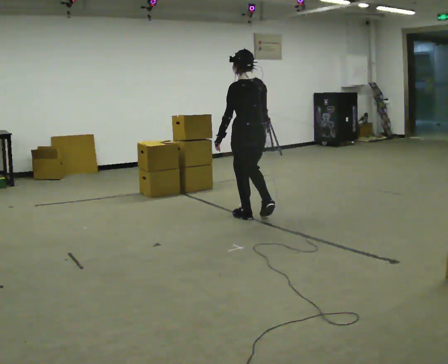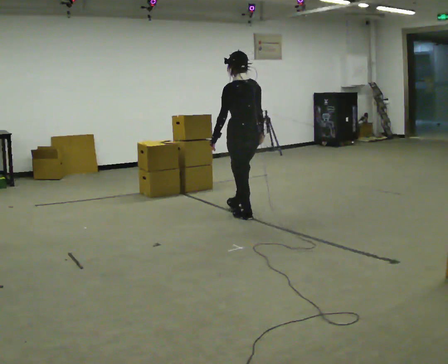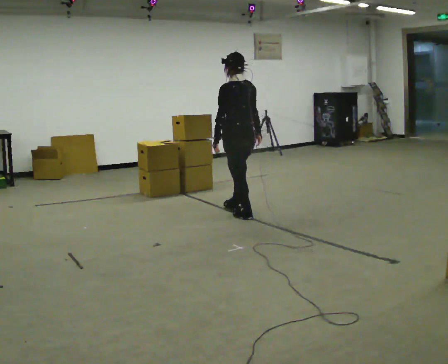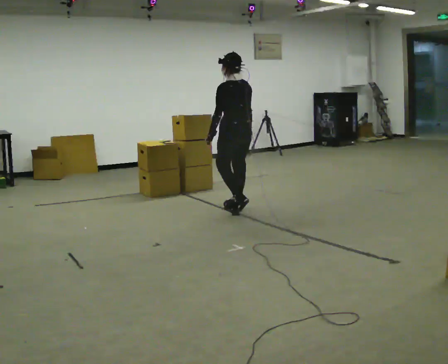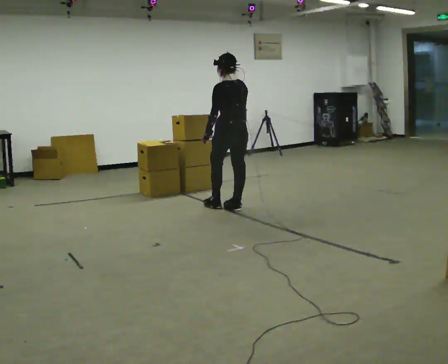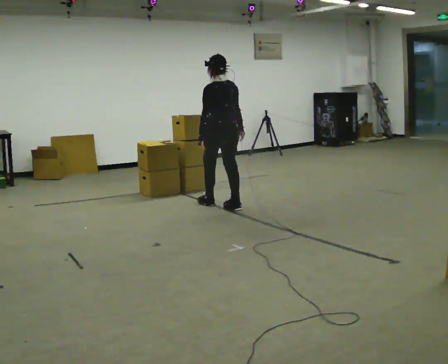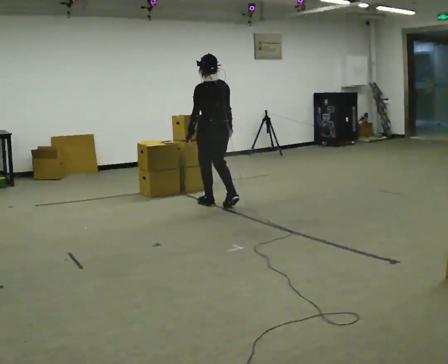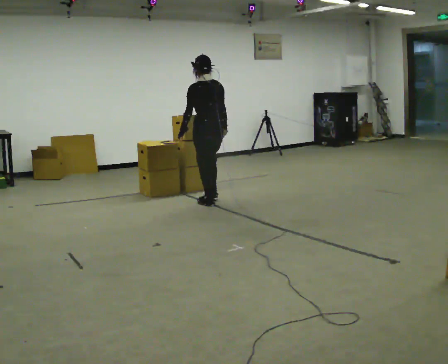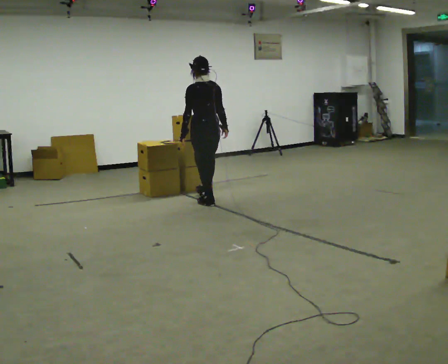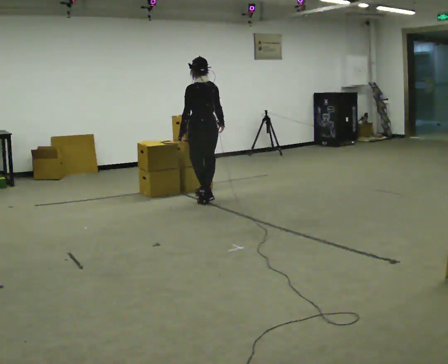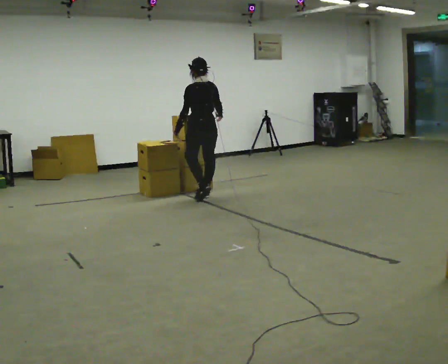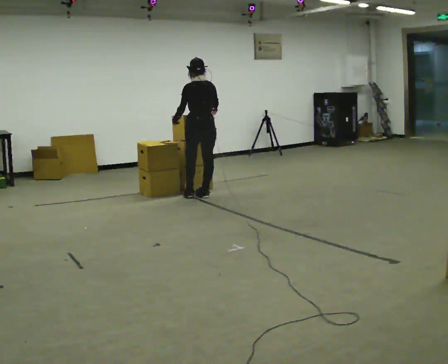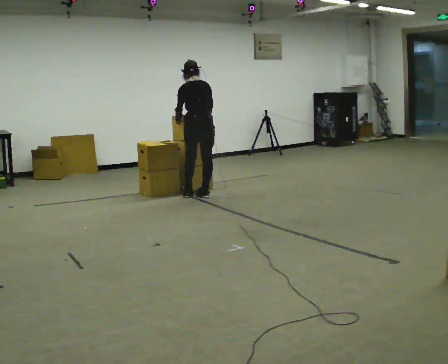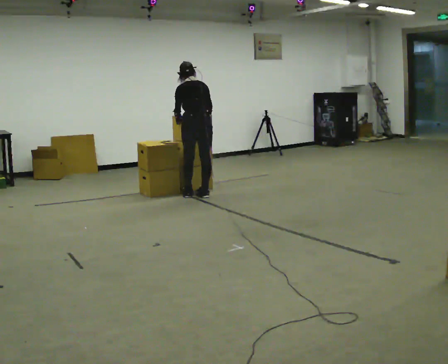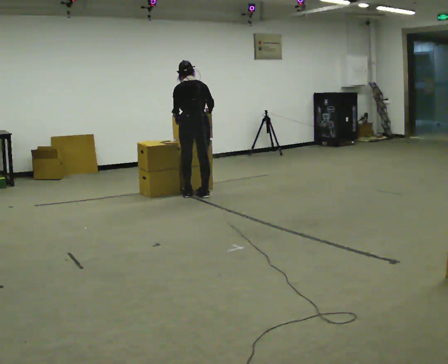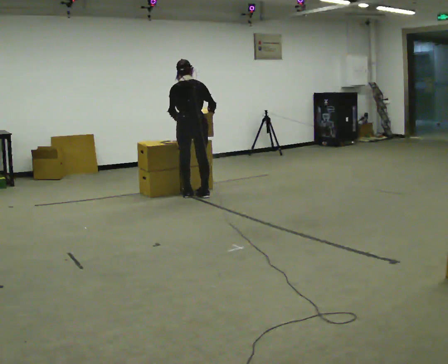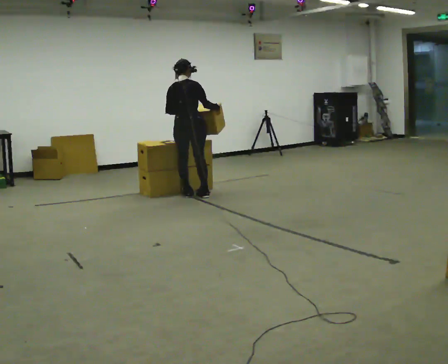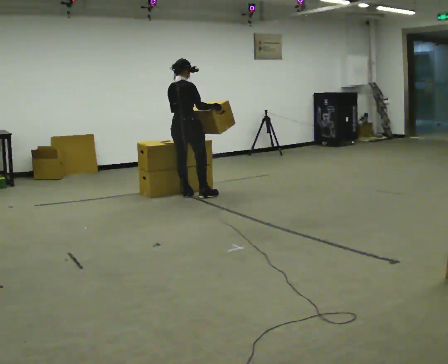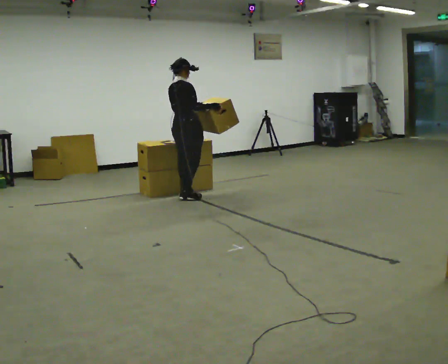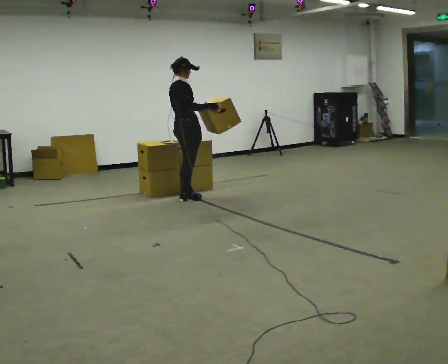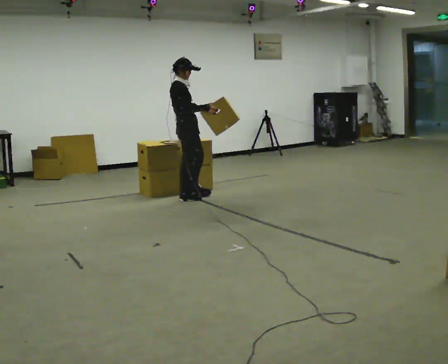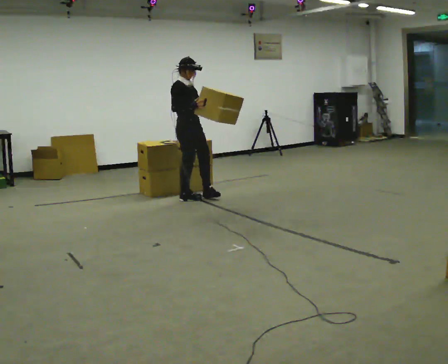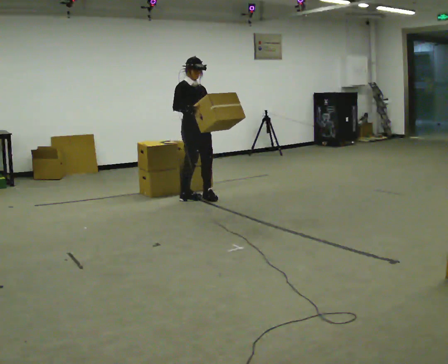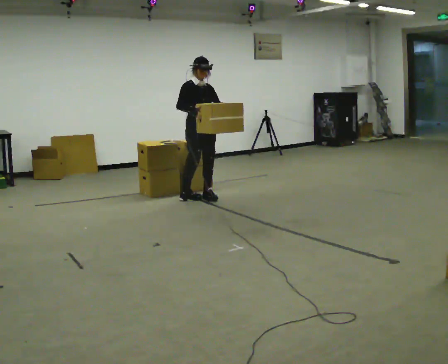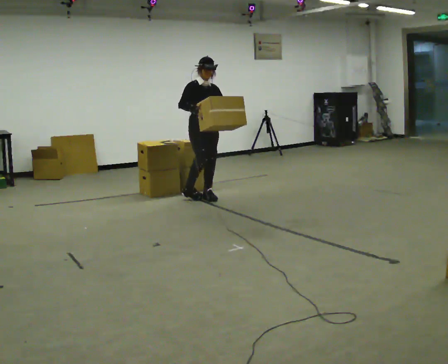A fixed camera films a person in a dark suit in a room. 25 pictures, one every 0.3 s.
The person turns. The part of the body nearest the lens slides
to the left.
The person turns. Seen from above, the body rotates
clockwise.
0.0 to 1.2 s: In the picture they go away from the camera, about 0.5 m in 1 step, which for them is forward.
1.2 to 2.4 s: In the picture they go away from the camera and to the left, about 0.5 m in 2 steps, which for them is forward.
2.4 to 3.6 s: In the picture they go away from the camera, about 0.25 m in 1 step, which for them is forward. The upper body tips away from the camera, its near side rolling upward, as they bend forward.
3.6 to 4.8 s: The part of the body nearest the lens slides to the left as the person turns to their right by about 45 degrees.
4.8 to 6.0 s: The part of the body nearest the lens slides to the left as the person turns to their right by about 60 degrees. In the picture their left hand goes to the right.
6.0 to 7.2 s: The person turns about 60 degrees to their right, clockwise seen from above, so the part of the body nearest the lens slides to the left. In the picture they go to the right, about 0.25 m in 1 step.
The film runs forward here.
